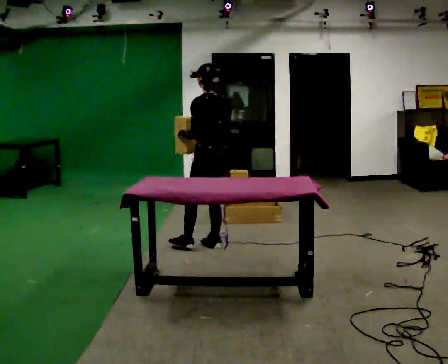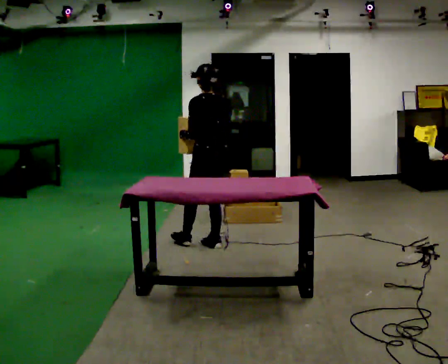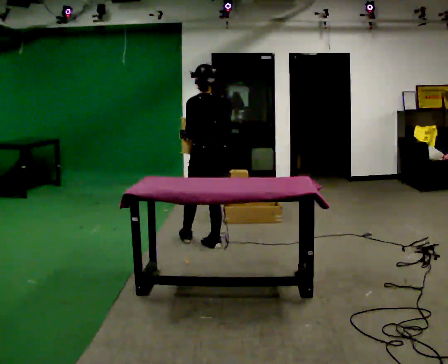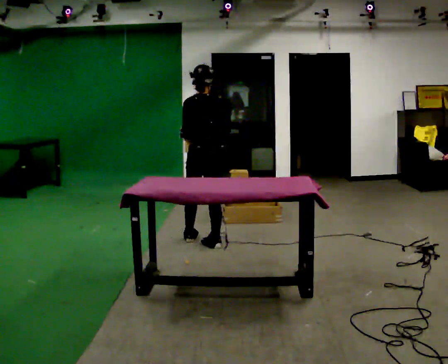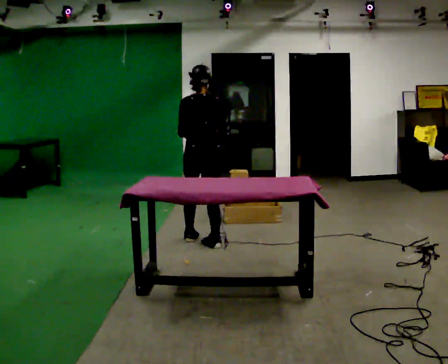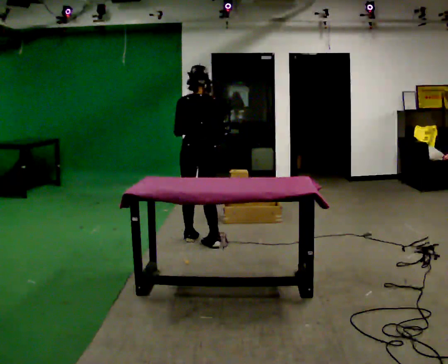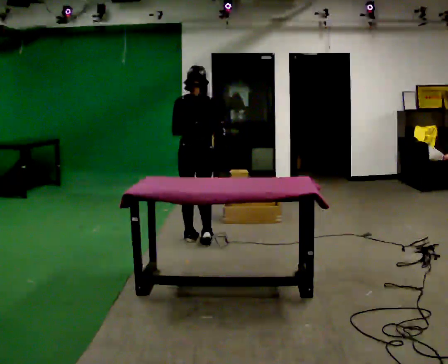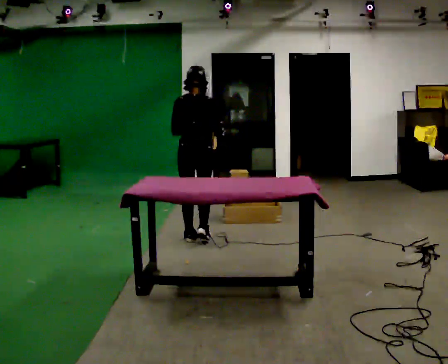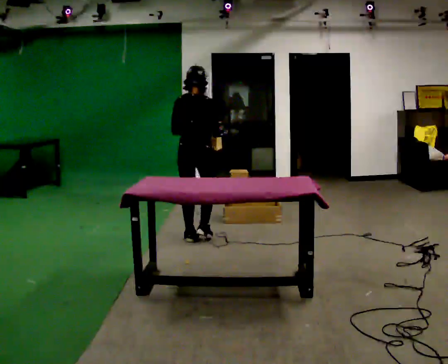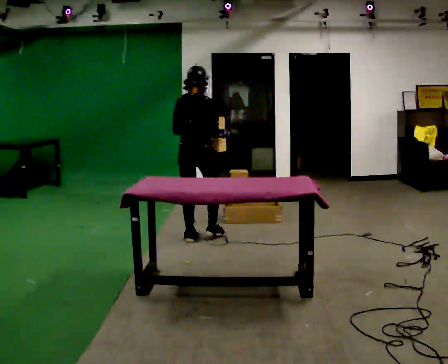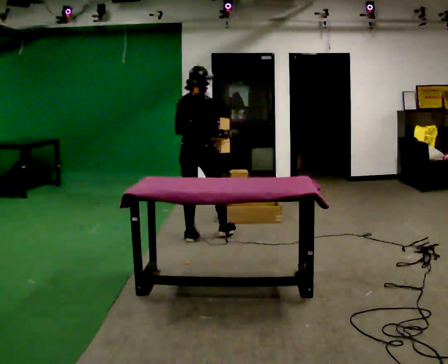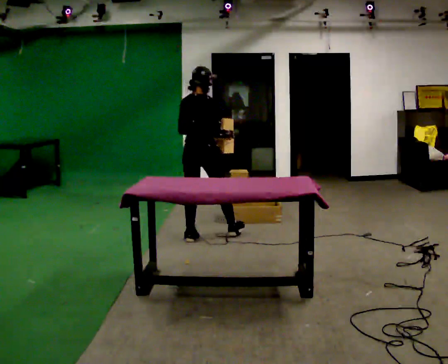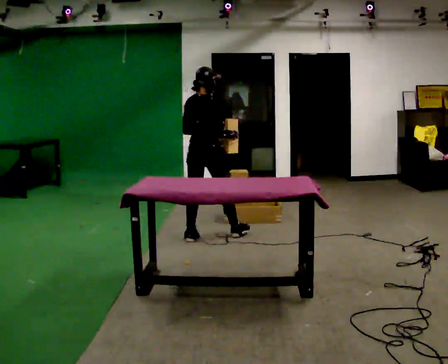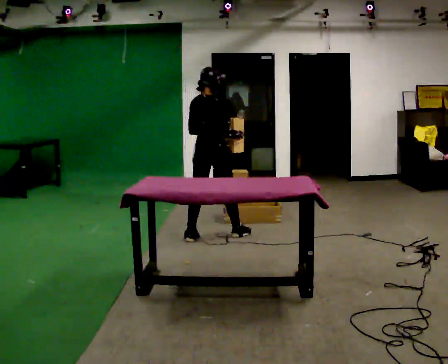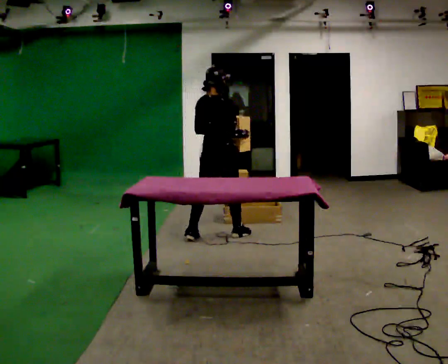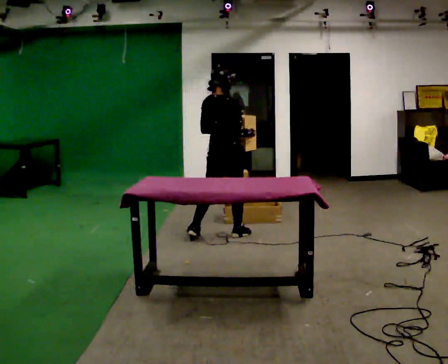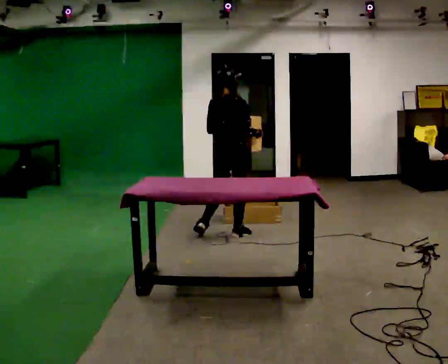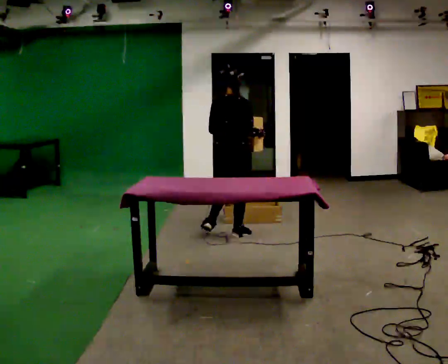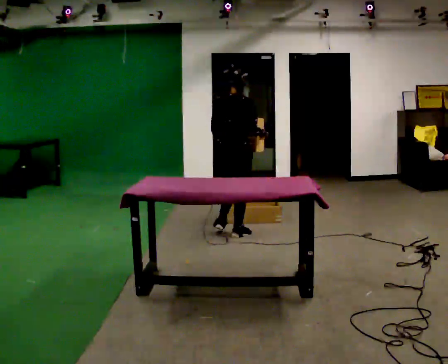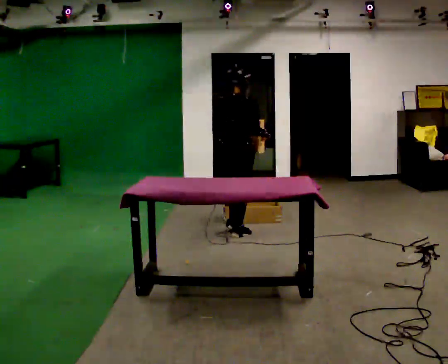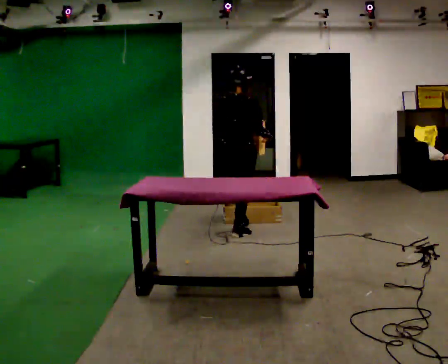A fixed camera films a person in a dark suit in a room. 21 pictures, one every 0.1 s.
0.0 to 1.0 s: The person turns about 75 degrees to their right, clockwise seen from above, so the part of the body nearest the lens slides to the left. In the picture they go away from the camera, about 0.25 m in 1 step.
1.0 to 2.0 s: In the picture they go to the right and away from the camera, about 0.5 m in 1 step, which for them is forward and to their right.
The film runs forward here.
